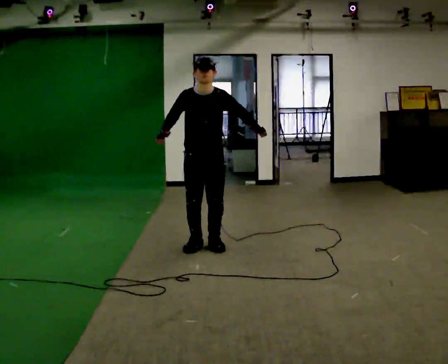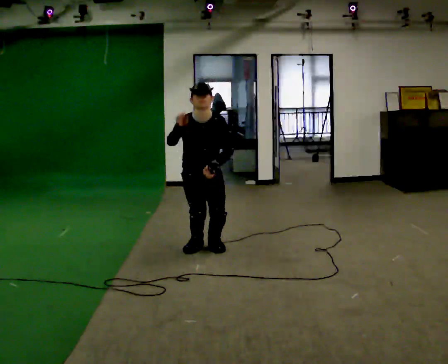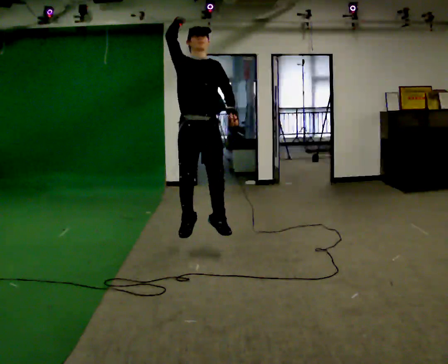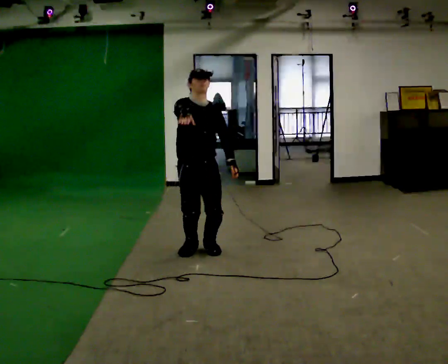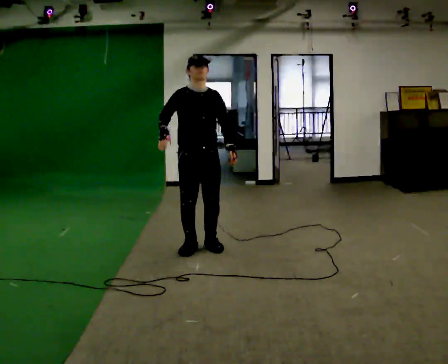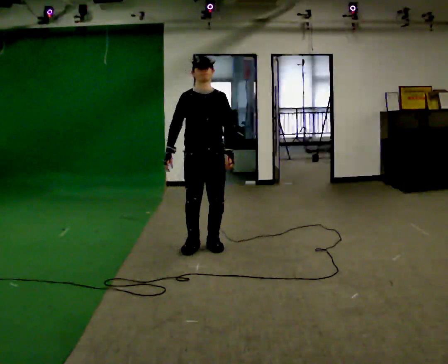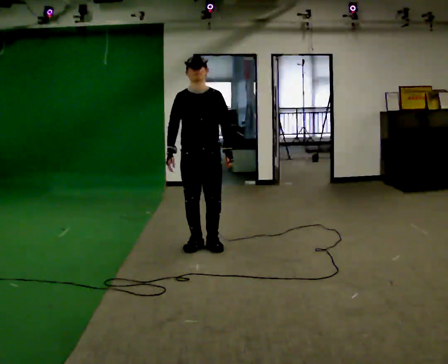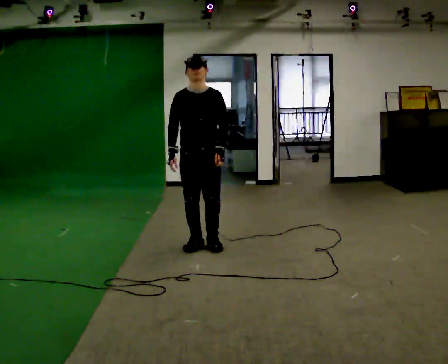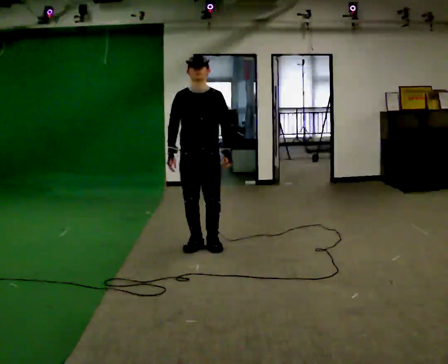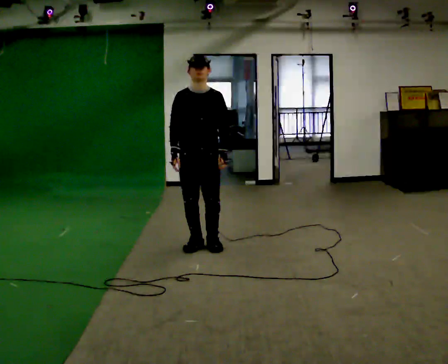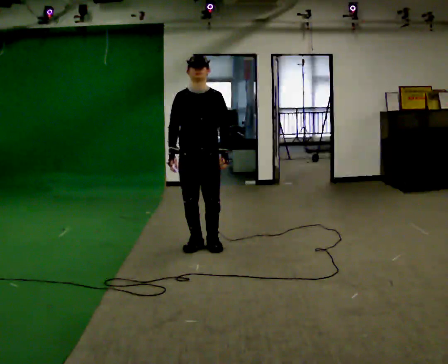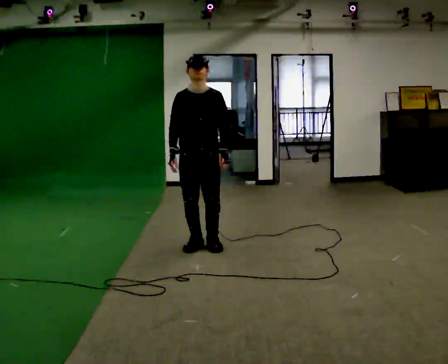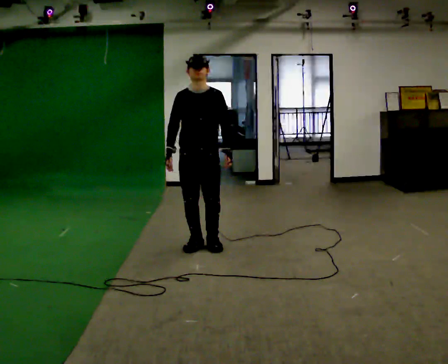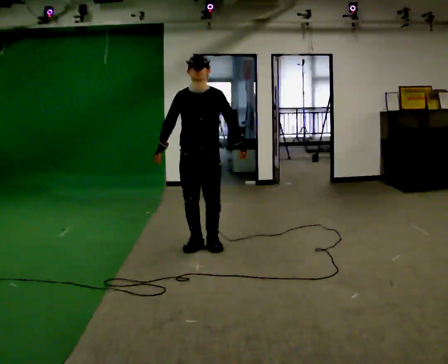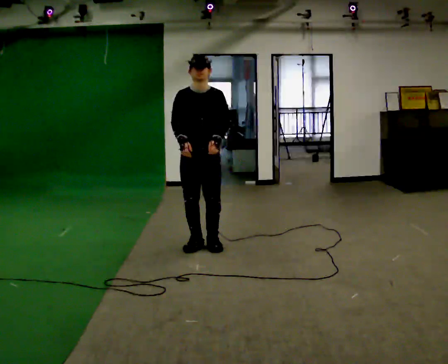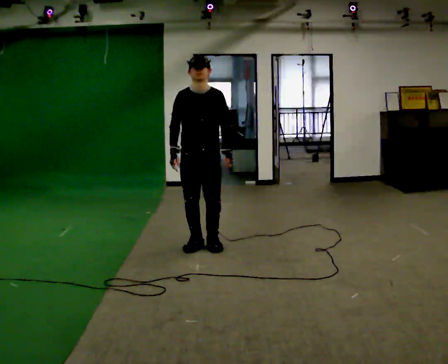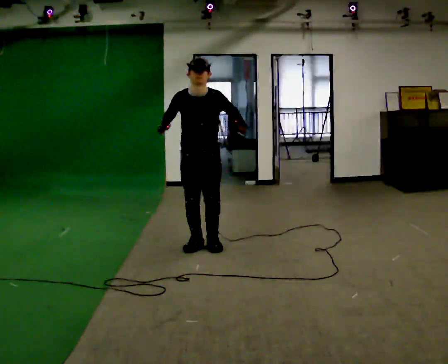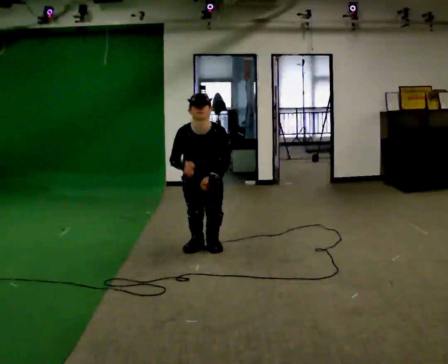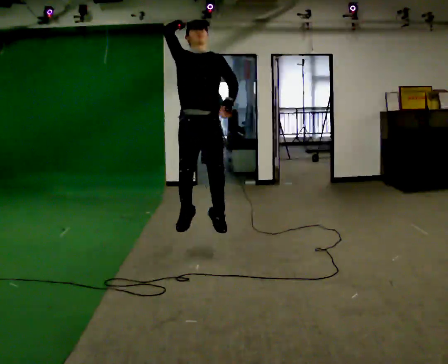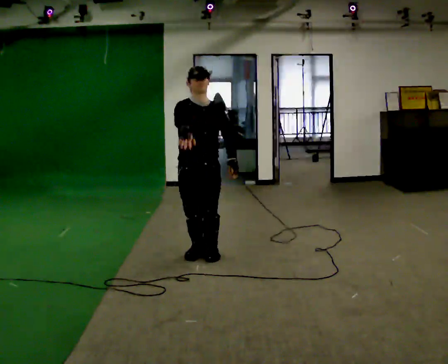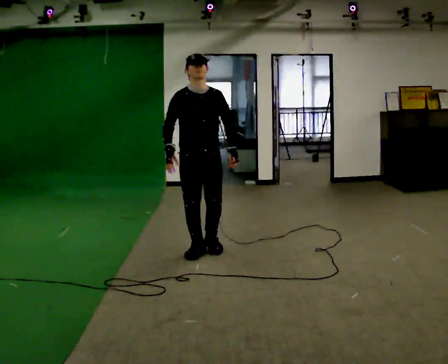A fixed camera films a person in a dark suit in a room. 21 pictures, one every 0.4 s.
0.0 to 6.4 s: The person moves a little, or ends about where they began.
6.4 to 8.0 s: In the picture they go toward the camera, about 0.25 m in 2 steps, which for them is forward.
The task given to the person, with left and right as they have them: Mime a volleyball spike with no ball: approach in place, jump and strike downward. Repeat the movement at your own pace until the operator says stop; do not rush.
The film runs forward here.
